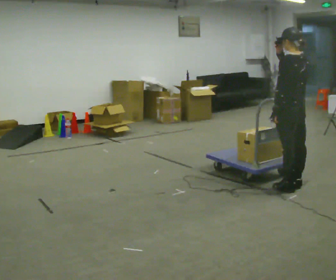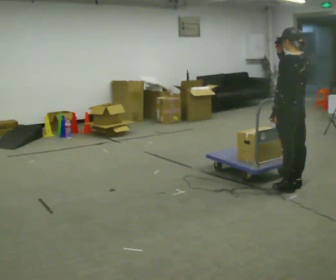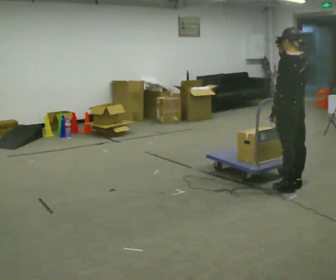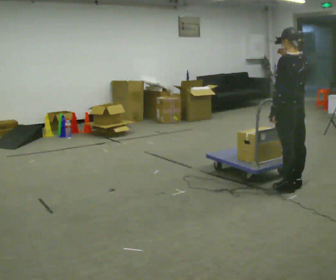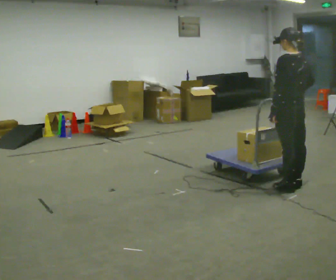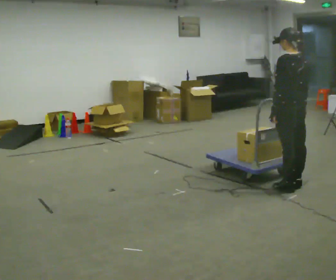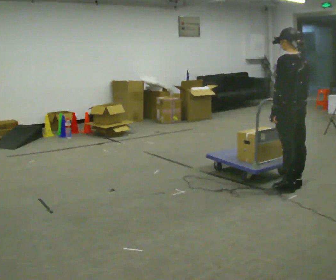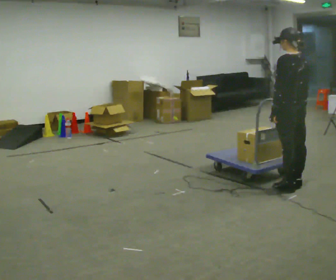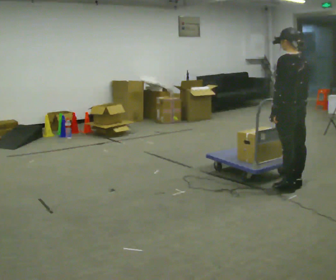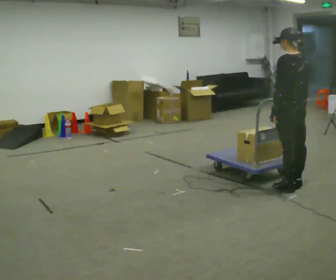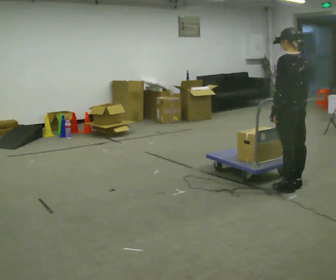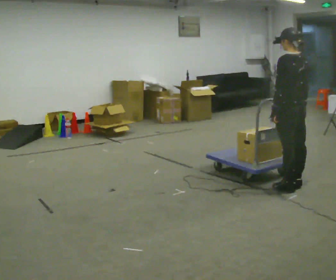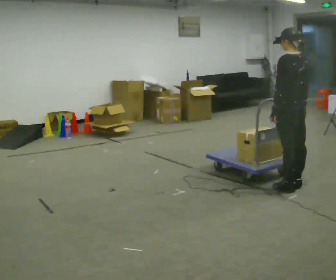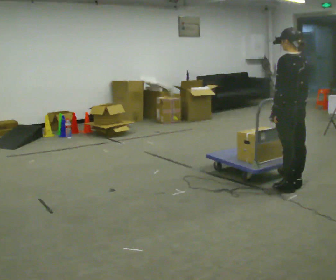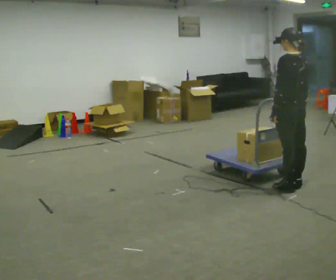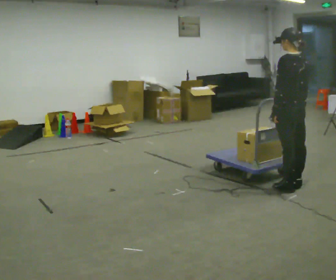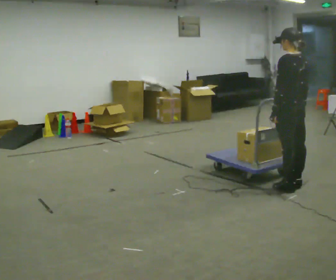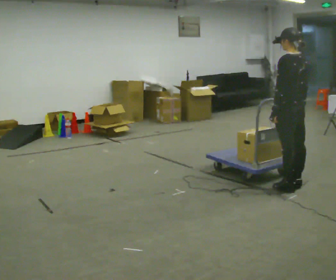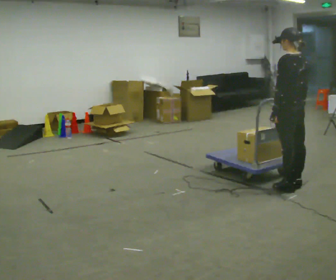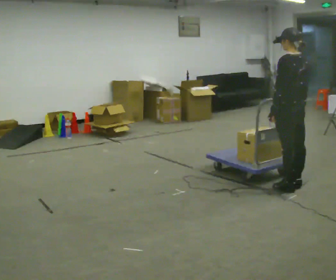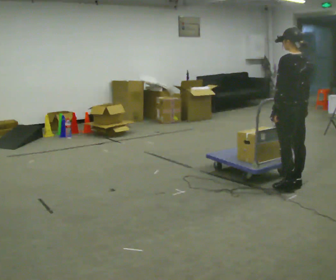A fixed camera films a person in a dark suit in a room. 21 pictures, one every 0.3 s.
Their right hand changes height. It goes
downward.
0.0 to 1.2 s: In the picture their right hand goes downward.
1.2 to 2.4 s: The person moves a little, or ends about where they began.
2.4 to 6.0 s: The person keeps their place and pose.
The film runs backward here.
